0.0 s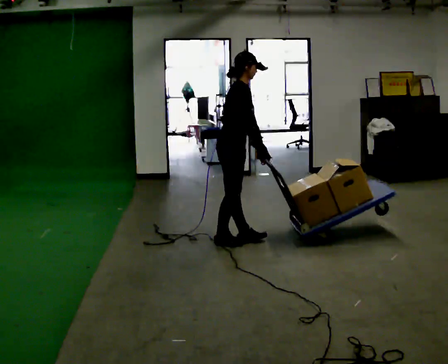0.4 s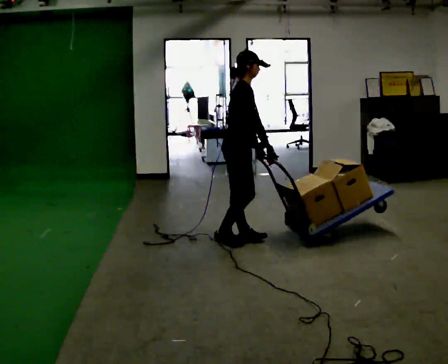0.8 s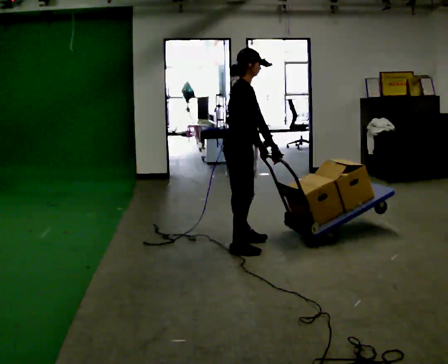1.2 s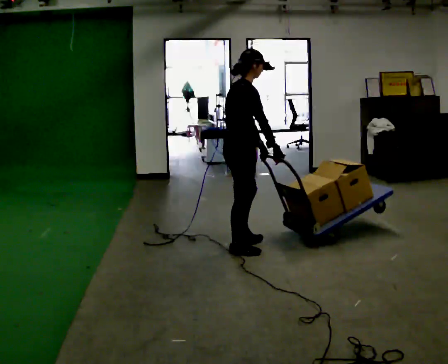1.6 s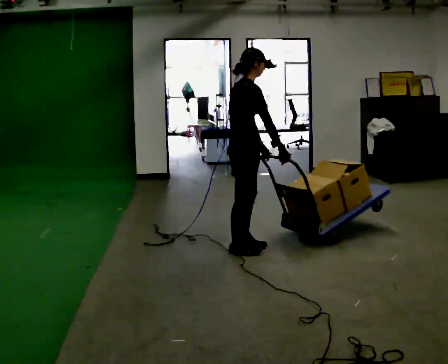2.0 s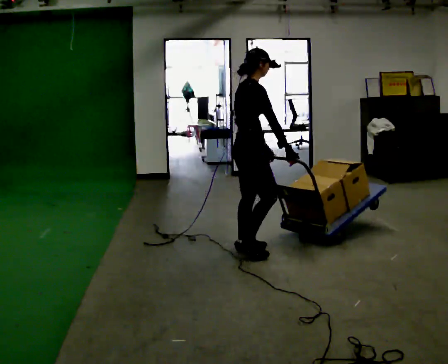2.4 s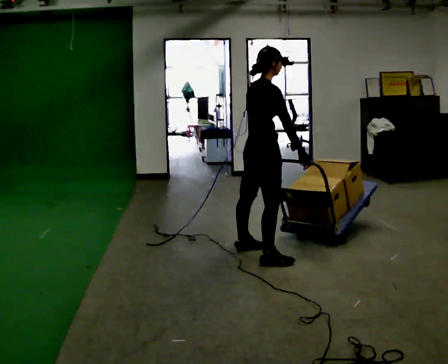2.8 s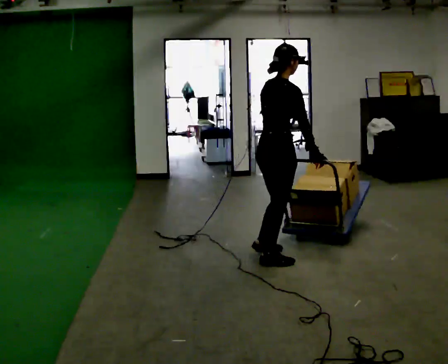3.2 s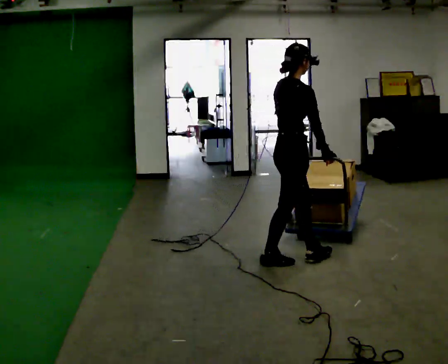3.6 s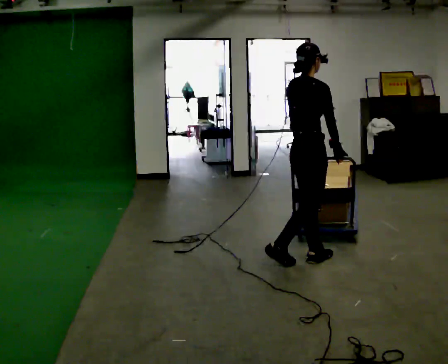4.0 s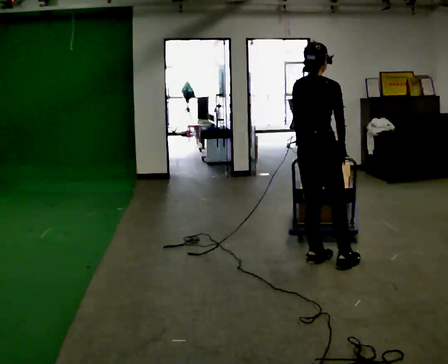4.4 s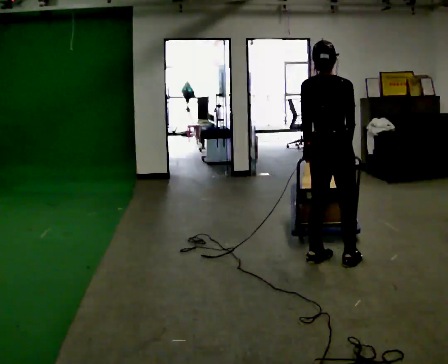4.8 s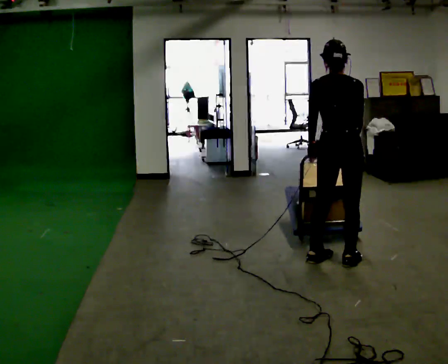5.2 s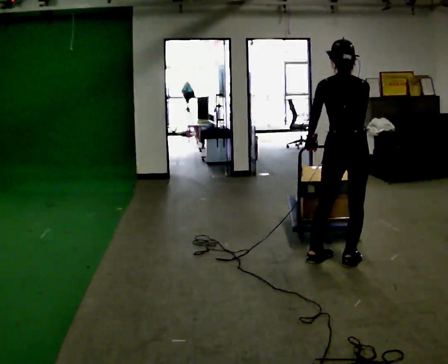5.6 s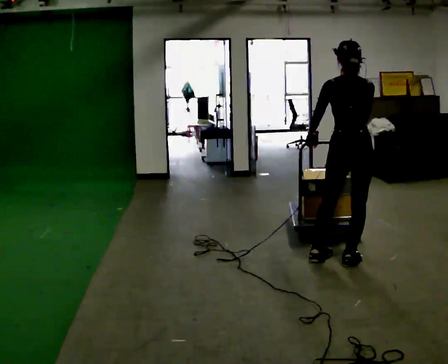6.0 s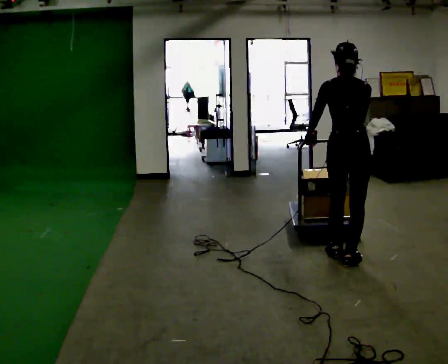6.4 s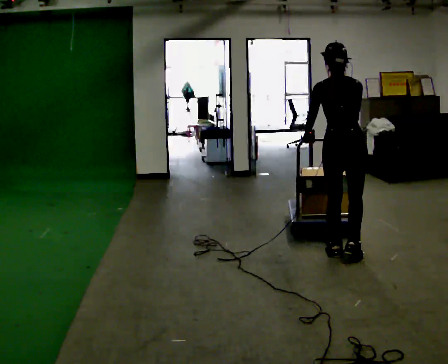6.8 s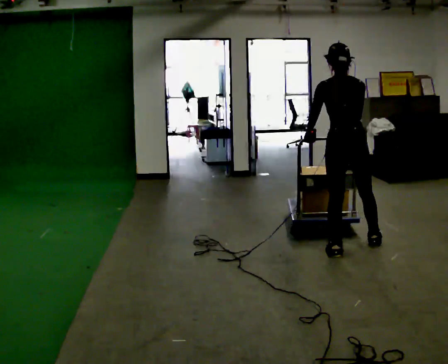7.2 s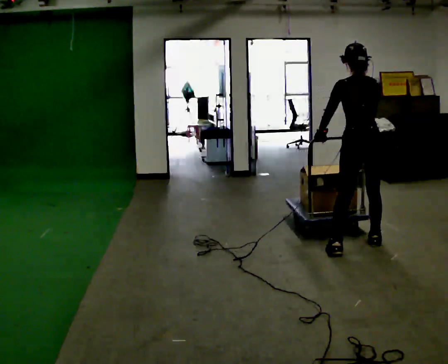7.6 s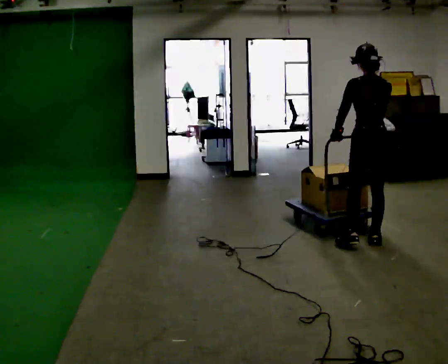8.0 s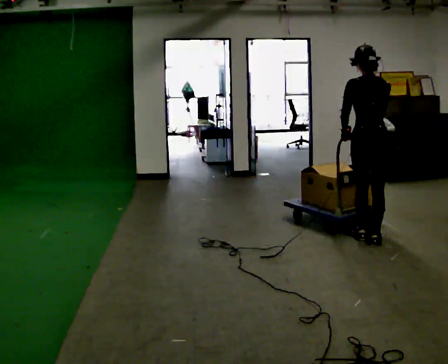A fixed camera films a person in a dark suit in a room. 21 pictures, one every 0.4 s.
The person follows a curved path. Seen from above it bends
counterclockwise.
The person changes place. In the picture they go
to the right.
0.0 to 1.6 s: In the picture they go toward the camera, about 0.25 m in 2 steps, which for them is to their right.
1.6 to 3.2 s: In the picture they go to the right and toward the camera, about 0.5 m in 2 steps, which for them is to their right and forward.
3.2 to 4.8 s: Seen from above the body turns counterclockwise, about 60 degrees: to their left, with its near side sliding to the right. In the picture they go to the right, about 0.25 m in 1 step, which for them is to their right and forward.
4.8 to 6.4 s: In the picture they go away from the camera, about 0.25 m in 1 step, which for them is forward.
6.4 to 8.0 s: In the picture they go away from the camera and to the right, about 0.25 m in 2 steps, which for them is to their right and forward.
The film runs forward here.
